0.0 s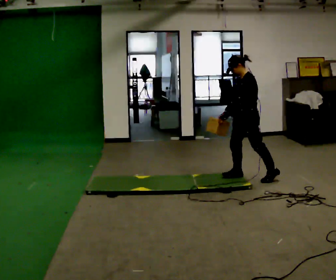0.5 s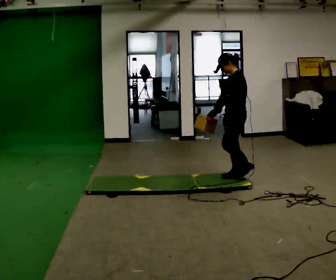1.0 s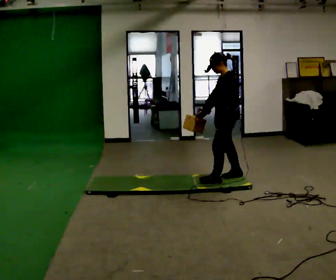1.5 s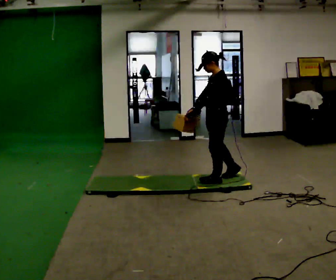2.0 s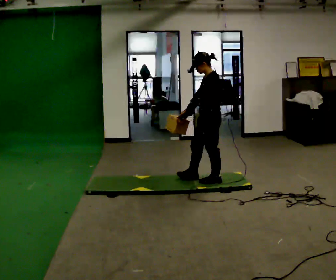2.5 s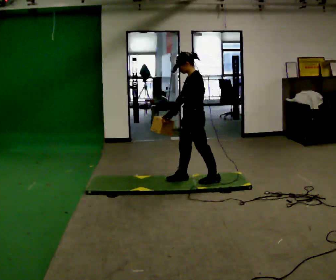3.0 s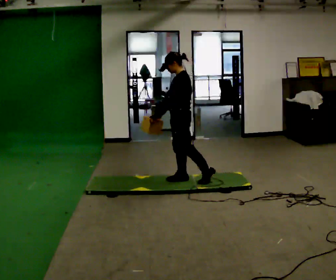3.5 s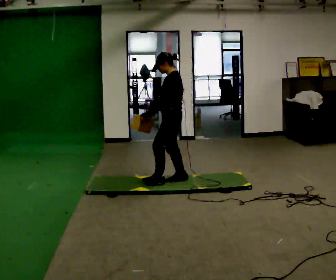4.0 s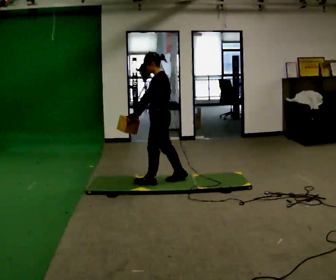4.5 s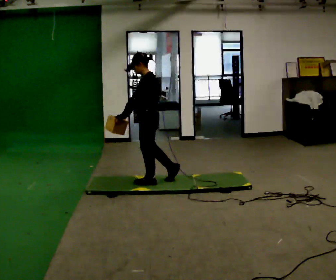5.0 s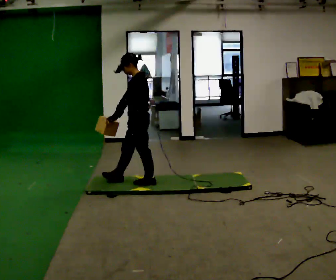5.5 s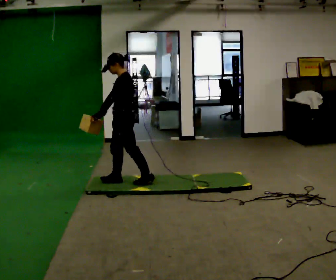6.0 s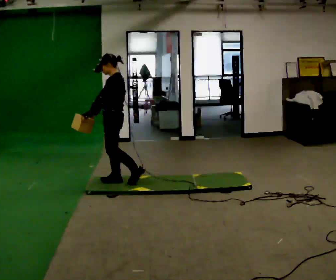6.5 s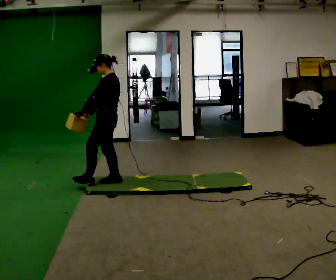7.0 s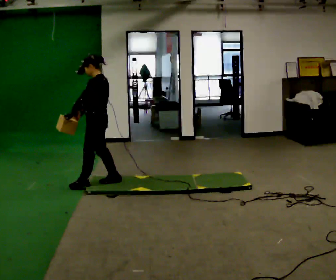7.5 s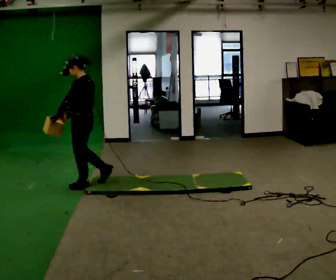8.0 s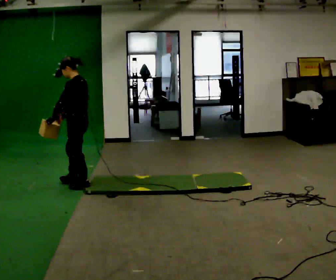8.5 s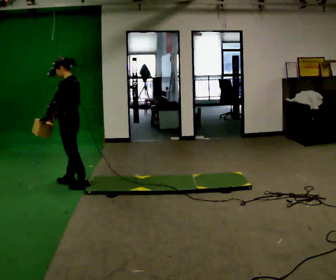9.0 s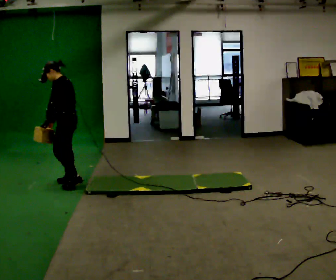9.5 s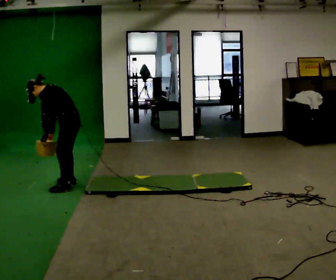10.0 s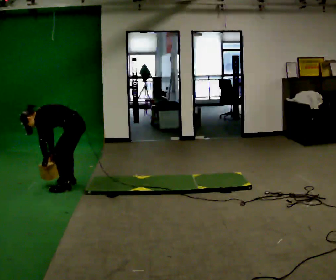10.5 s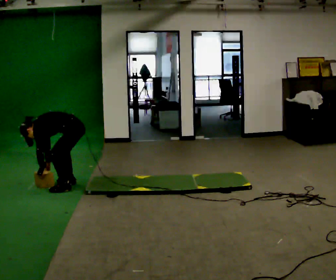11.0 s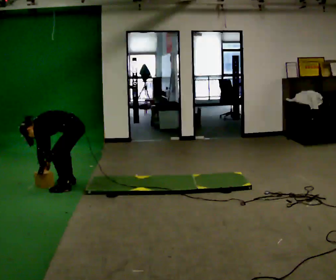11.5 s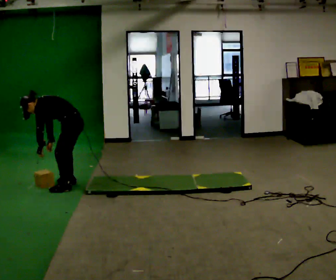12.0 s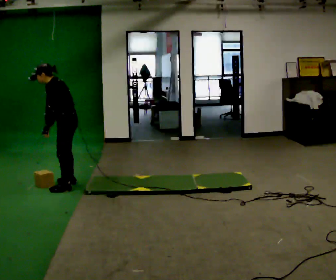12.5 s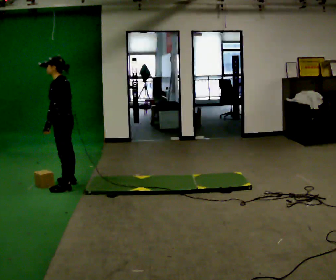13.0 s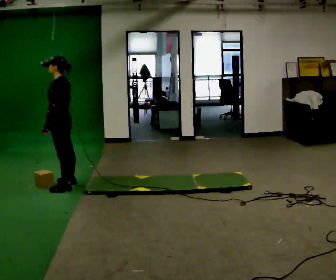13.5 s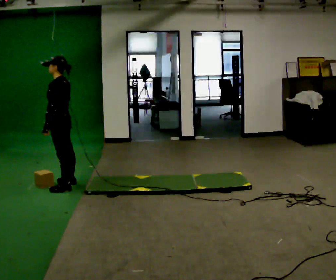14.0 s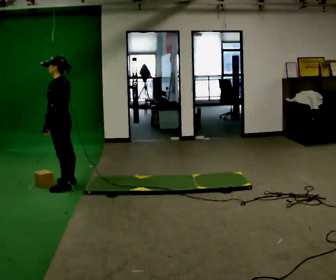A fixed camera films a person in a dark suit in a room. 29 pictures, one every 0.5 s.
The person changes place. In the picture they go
to the left.
0.0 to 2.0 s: In the picture they go to the left, about 0.5 m in 1 step, which for them is forward.
2.0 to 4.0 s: In the picture they go to the left and away from the camera, about 0.5 m in 2 steps, which for them is forward.
4.0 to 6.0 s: In the picture they go to the left, about 0.5 m in 1 step, which for them is forward.
6.0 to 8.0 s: In the picture they go to the left, about 0.5 m in 1 step, which for them is forward.
8.0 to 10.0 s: The shoulders move downward. In the picture the upper body tilts counterclockwise, shoulders to the left, as they bend forward. In the picture their left hand goes downward.
10.0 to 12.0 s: In the picture the upper body tilts clockwise, shoulders to the right, as they lean back or straighten. In the picture their right hand goes upward.
12.0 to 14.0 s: In the picture the upper body tilts clockwise, shoulders to the right, as they lean back or straighten.
The film runs forward here.
